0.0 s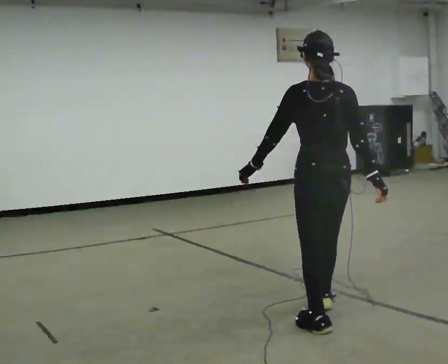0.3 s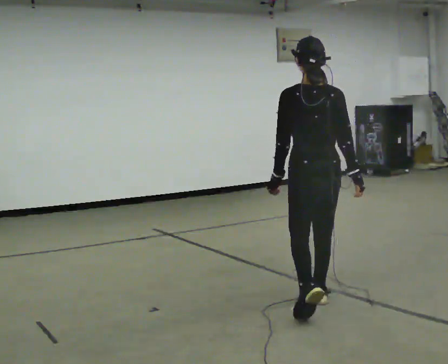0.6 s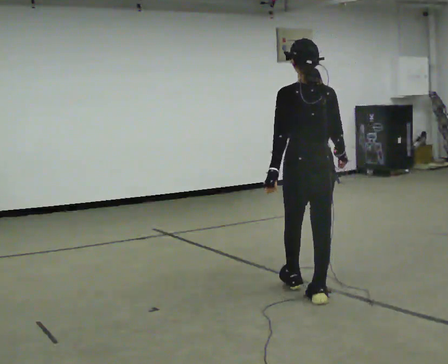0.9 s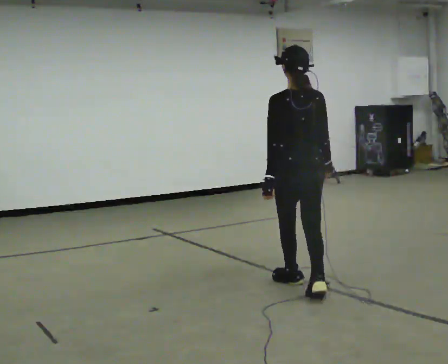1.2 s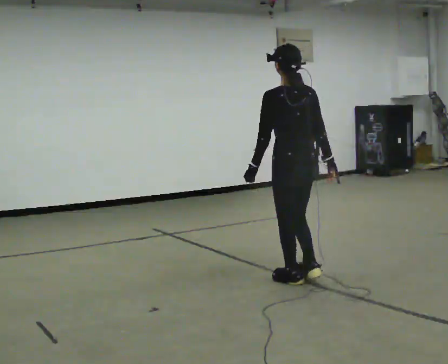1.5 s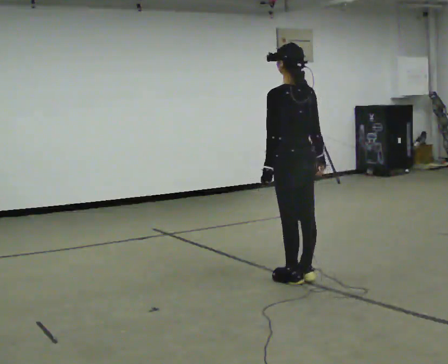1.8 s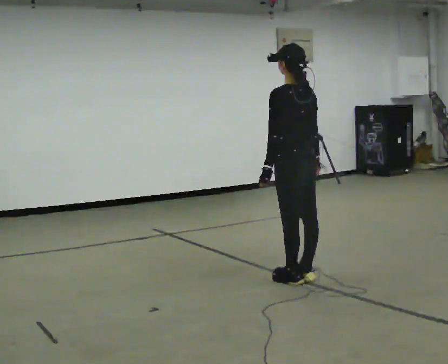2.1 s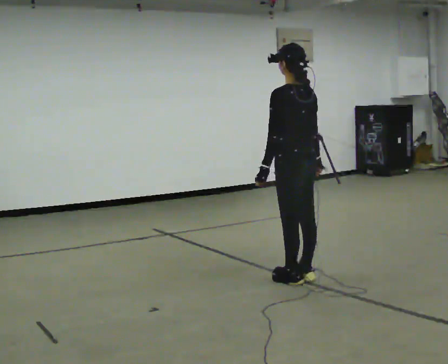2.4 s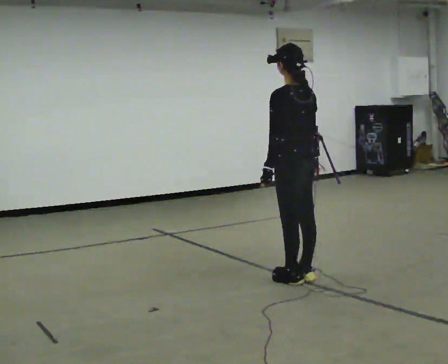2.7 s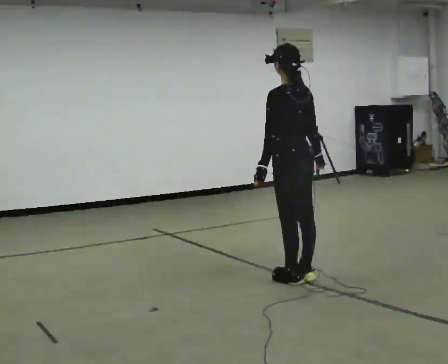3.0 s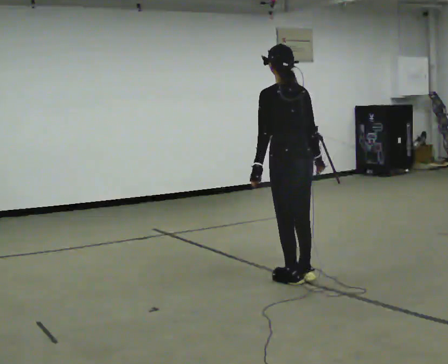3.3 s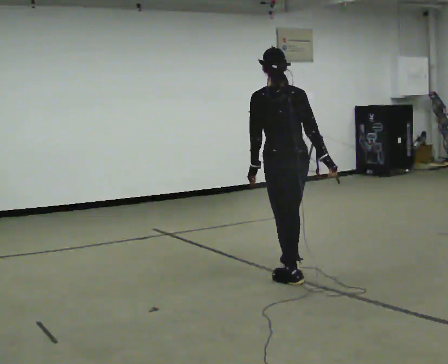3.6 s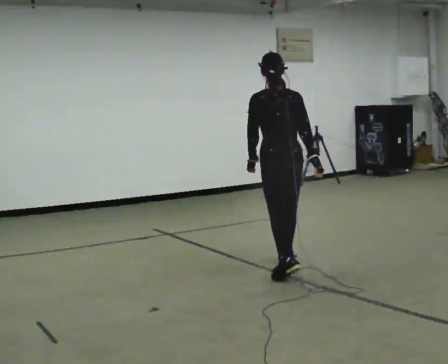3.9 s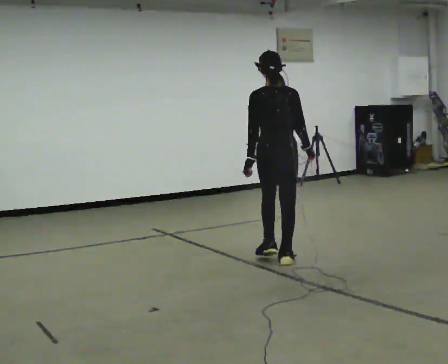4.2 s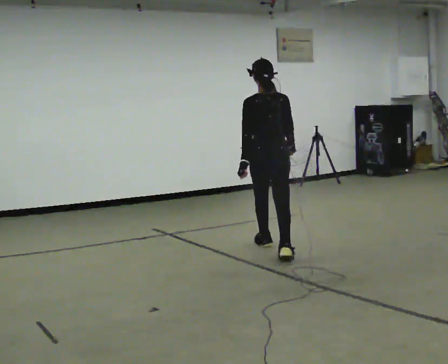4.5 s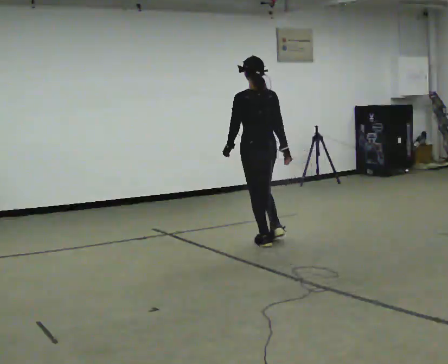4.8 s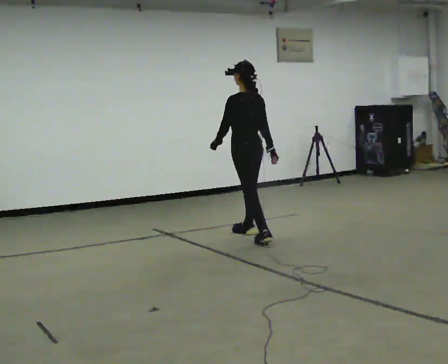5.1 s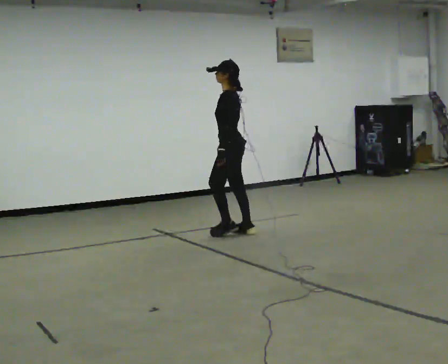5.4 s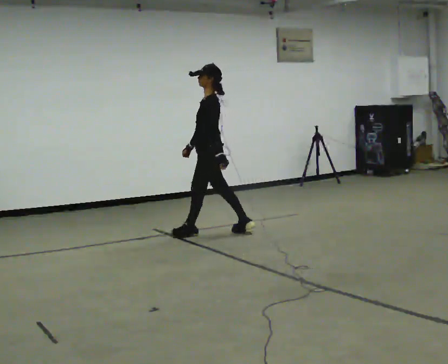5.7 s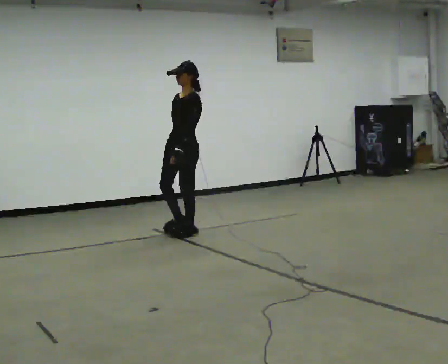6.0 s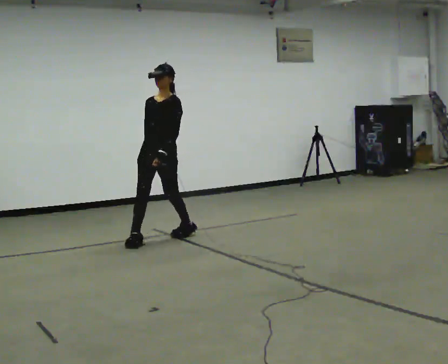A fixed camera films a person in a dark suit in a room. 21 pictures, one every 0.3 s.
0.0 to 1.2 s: In the picture they go away from the camera, about 1 m in 2 steps, which for them is forward.
1.2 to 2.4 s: The person moves a little, or ends about where they began.
2.4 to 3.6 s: The part of the body nearest the lens slides to the left as the person turns to their right by about 30 degrees. In the picture they go away from the camera, about 0.25 m in 1 step, which for them is forward.
3.6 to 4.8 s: The person turns about 30 degrees to their left, counterclockwise seen from above, so the part of the body nearest the lens slides to the right. In the picture they go away from the camera, about 1 m in 2 steps, which for them is forward.
4.8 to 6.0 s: Seen from above the body turns counterclockwise, about 105 degrees: to their left, with its near side sliding to the right. In the picture they go to the left, about 1 m in 2 steps.
The film runs forward here.
